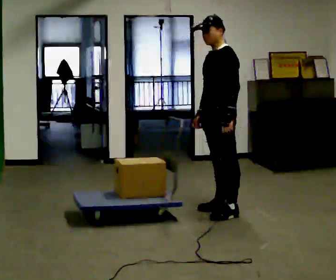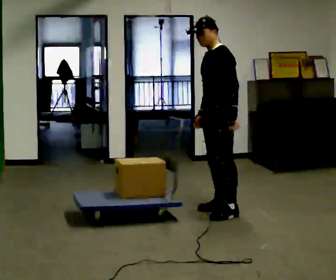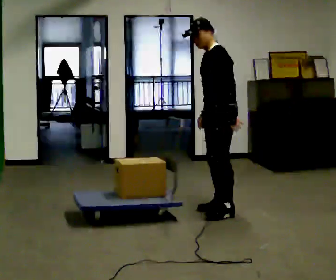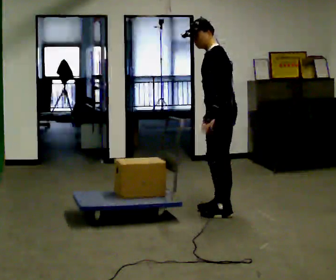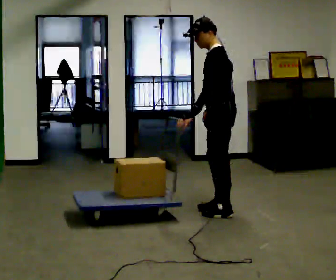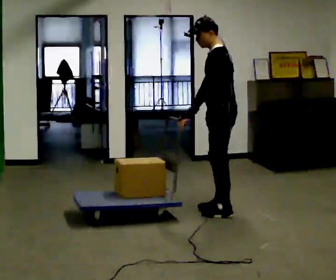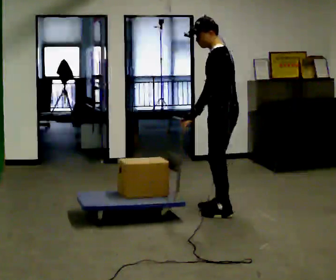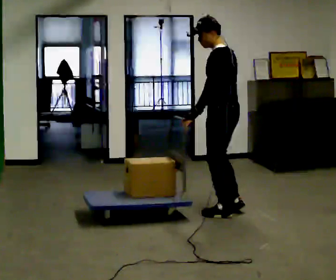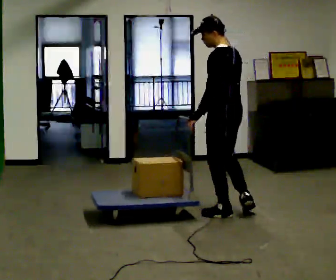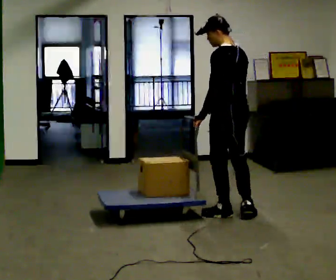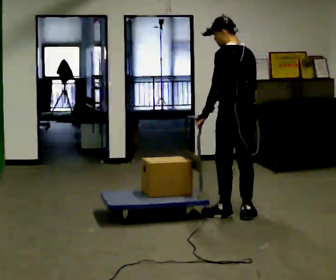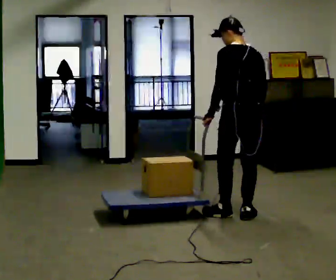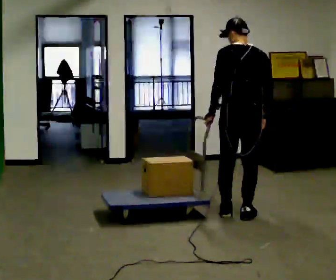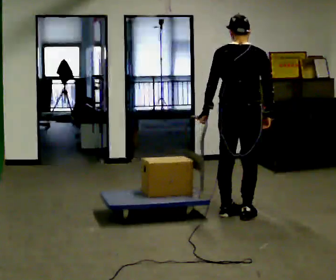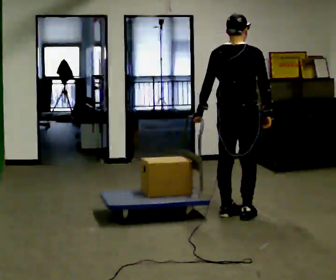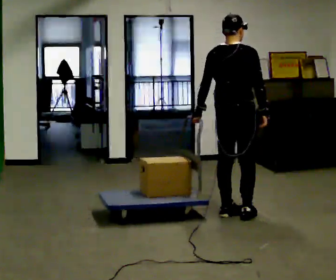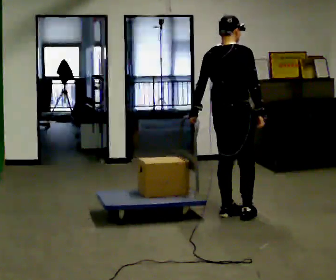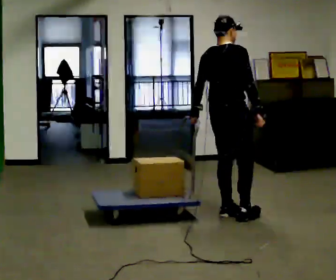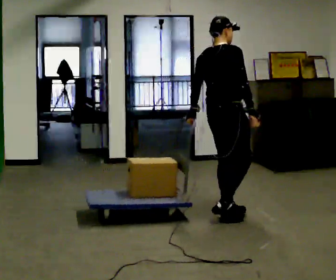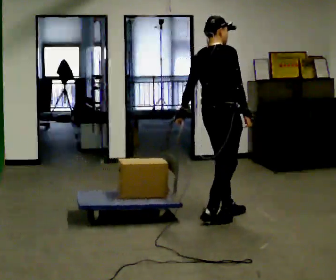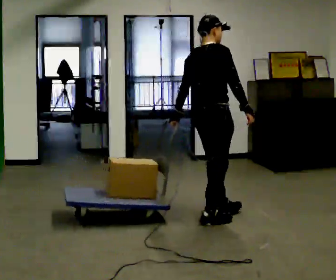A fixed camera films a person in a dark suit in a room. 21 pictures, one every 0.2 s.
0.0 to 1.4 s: Seen from above the body turns clockwise, about 45 degrees: to their right, with its near side sliding to the left.
1.4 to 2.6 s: Seen from above the body turns clockwise, about 75 degrees: to their right, with its near side sliding to the left. In the picture their right hand goes to the right.
2.6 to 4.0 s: Seen from above the body turns clockwise, about 45 degrees: to their right, with its near side sliding to the left. In the picture they go to the left, about 0.25 m in 2 steps, which for them is backward and to their left.
The film runs backward here.
